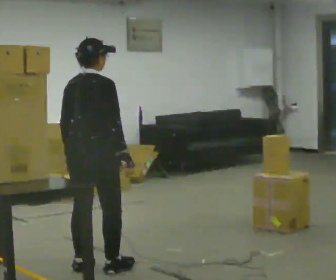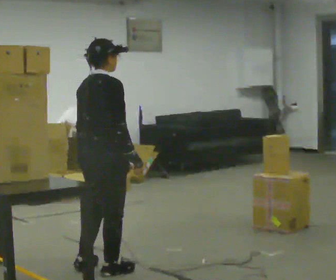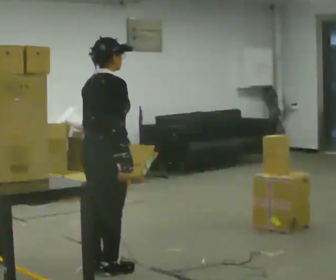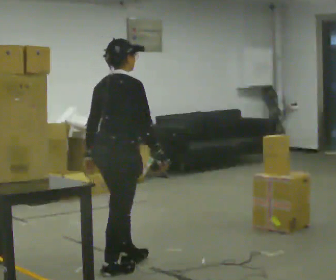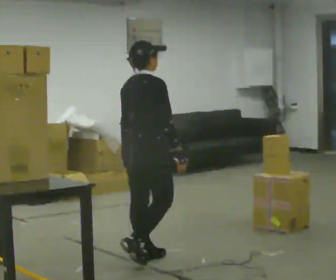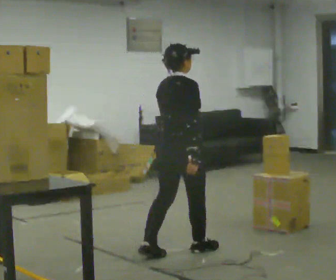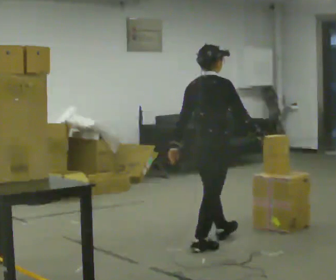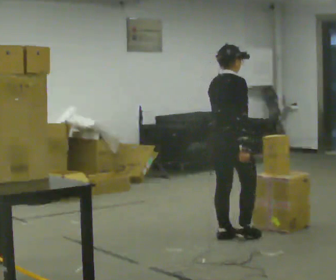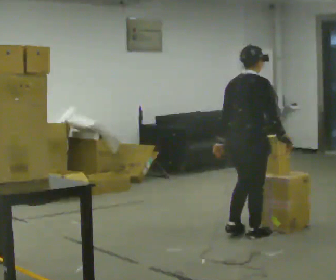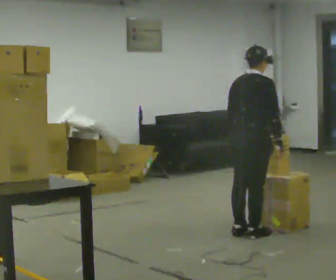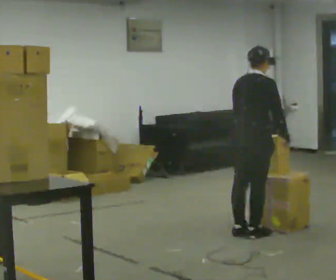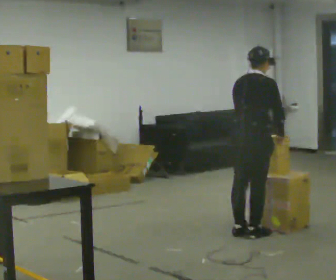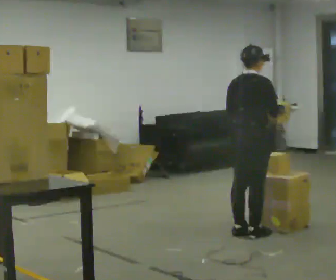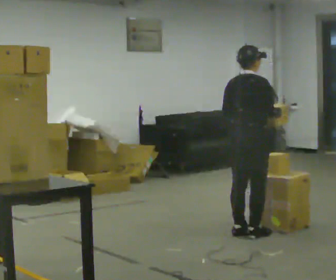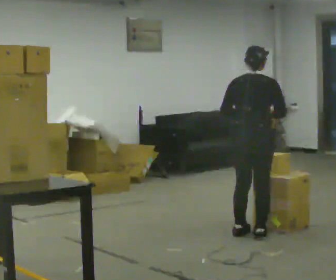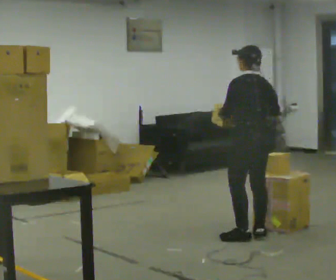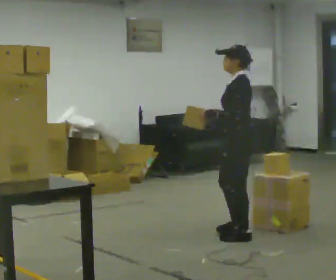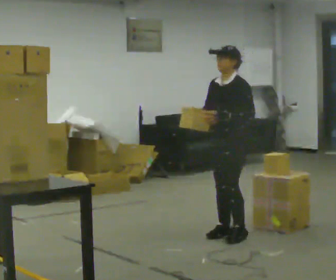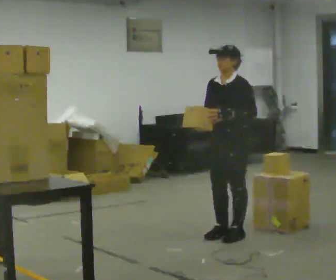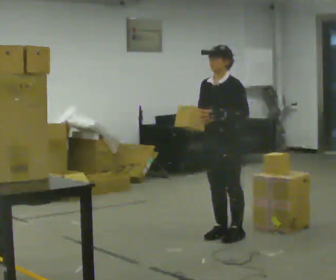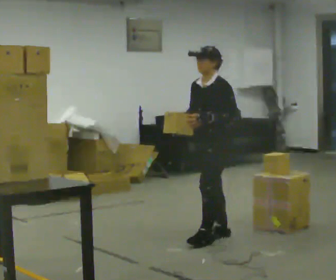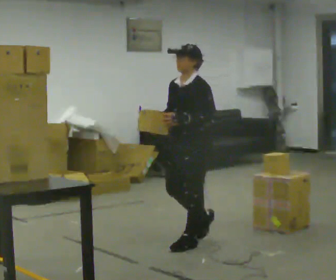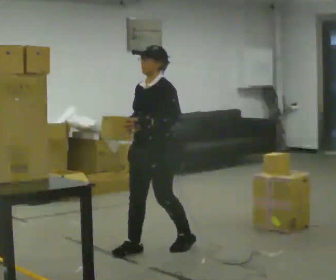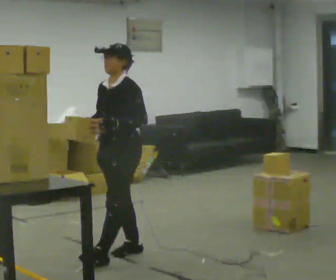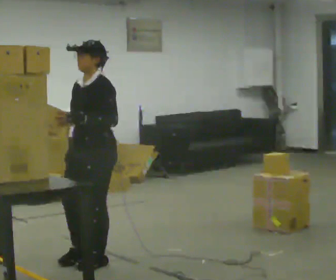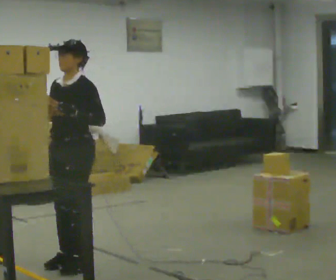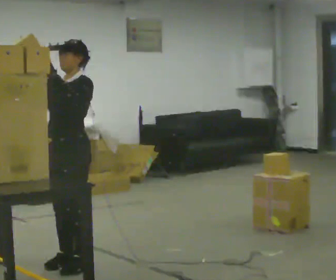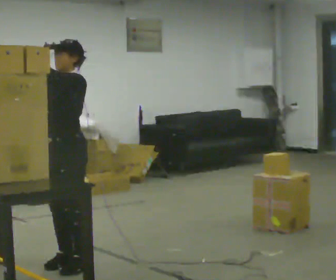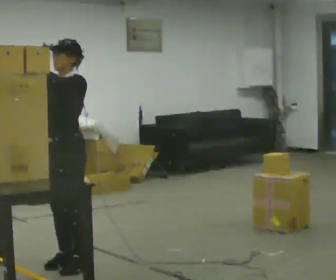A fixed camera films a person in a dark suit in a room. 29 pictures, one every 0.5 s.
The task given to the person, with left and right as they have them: Take an object down from the highest shelf you can comfortably reach, carry it across, and place it on the waist-height shelf. Keep going until the operator says stop; one object at a time, and do not rush between trips.
0.0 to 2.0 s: In the picture they go away from the camera and to the right, about 0.5 m in 1 step, which for them is forward.
2.0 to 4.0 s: In the picture they go away from the camera and to the right, about 1 m in 3 steps, which for them is forward.
4.0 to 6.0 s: The person moves a little, or ends about where they began.
6.0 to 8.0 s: Seen from above the body turns counterclockwise, about 135 degrees: to their left, with its near side sliding to the right. In the picture they go toward the camera, about 0.25 m.
8.0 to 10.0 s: The person turns about 30 degrees to their left, counterclockwise seen from above, so the part of the body nearest the lens slides to the right. In the picture they go to the left, about 0.25 m in 1 step, which for them is to their right and forward.
10.0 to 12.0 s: In the picture they go toward the camera and to the left, about 1 m in 3 steps, which for them is forward.
12.0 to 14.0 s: In the picture they go to the left and toward the camera, about 0.25 m in 2 steps, which for them is forward. In the picture their right hand goes upward.
The film runs forward here.
